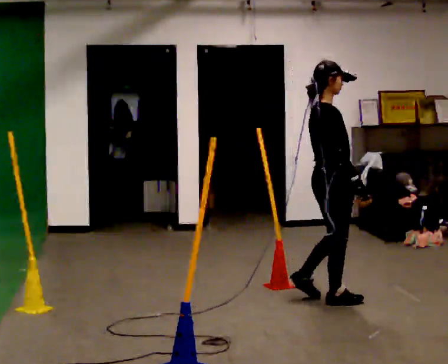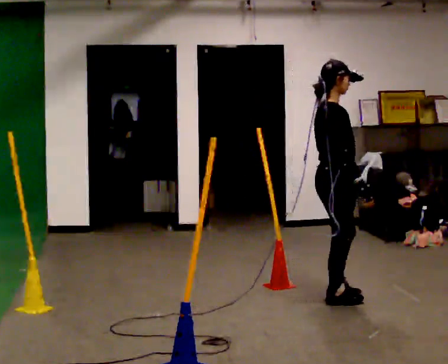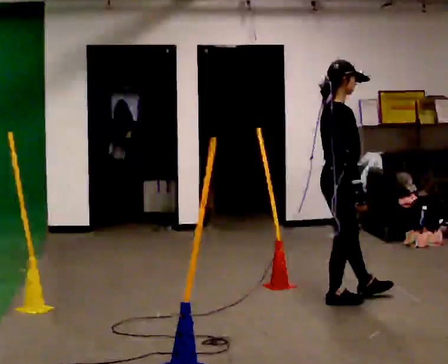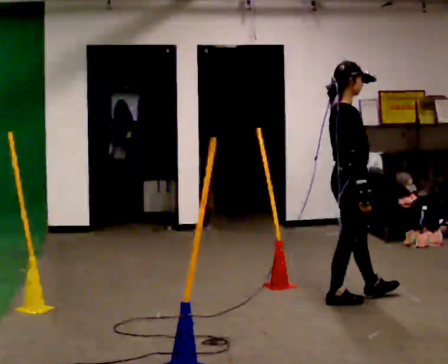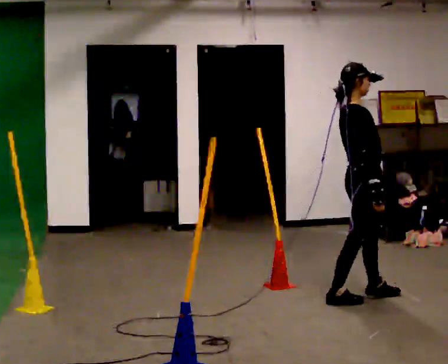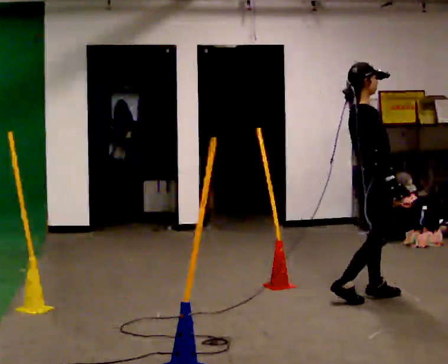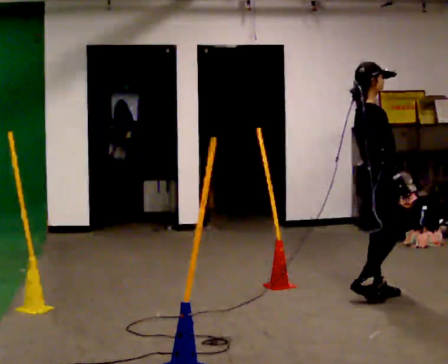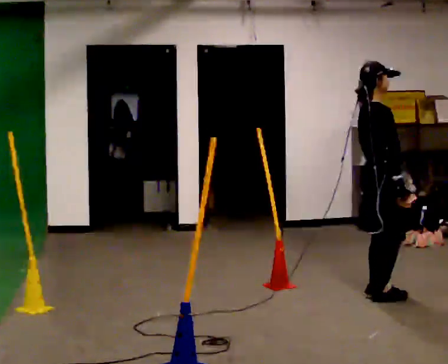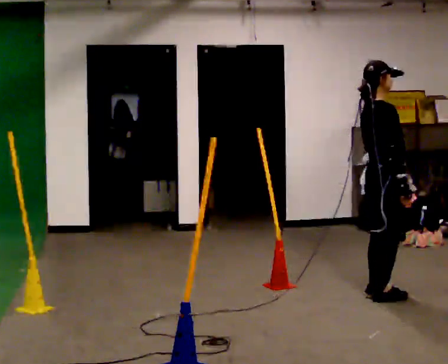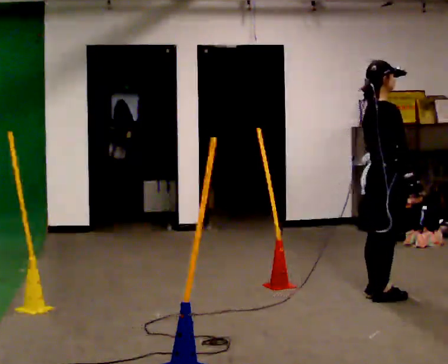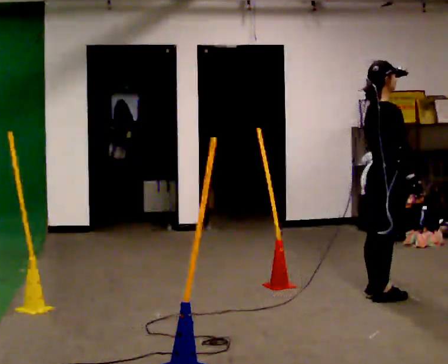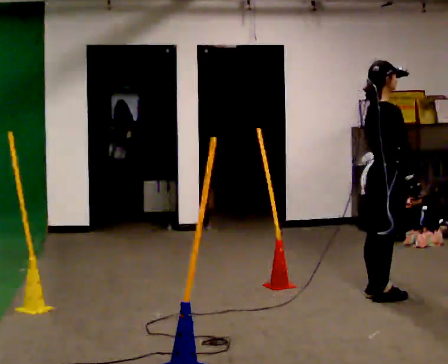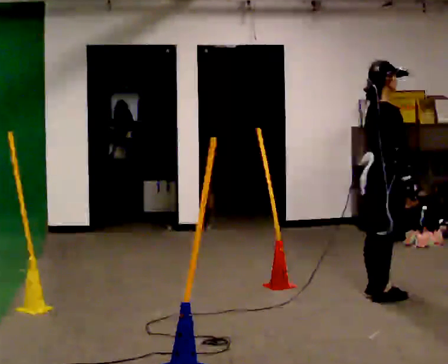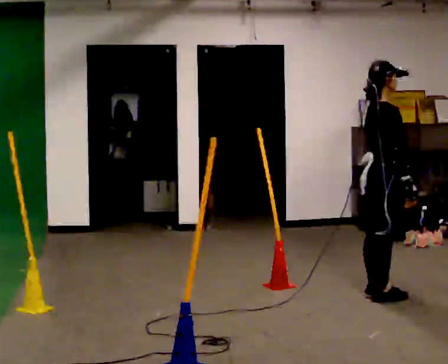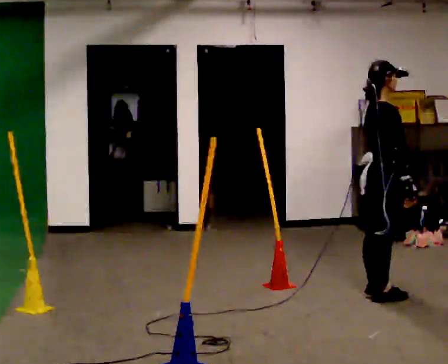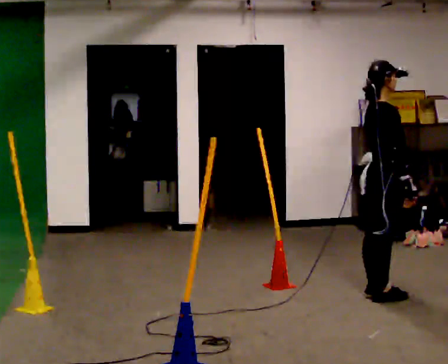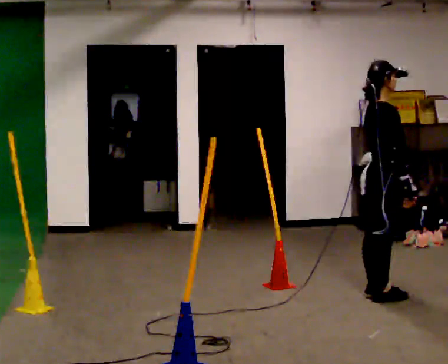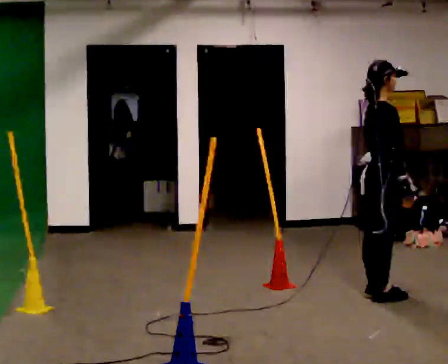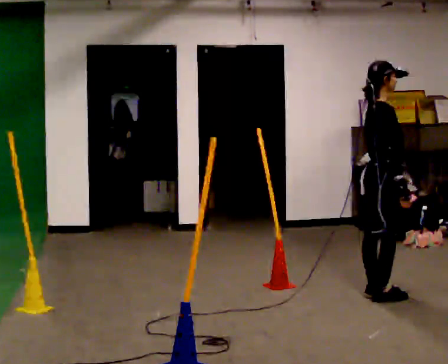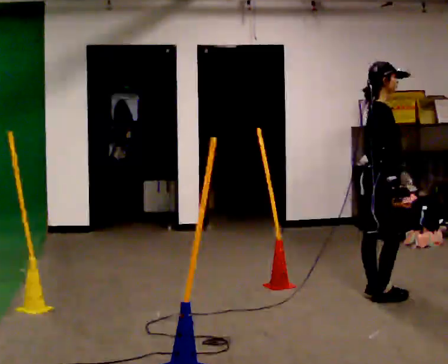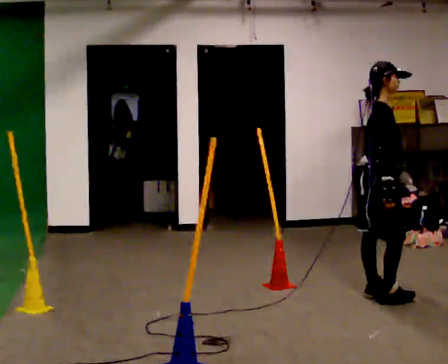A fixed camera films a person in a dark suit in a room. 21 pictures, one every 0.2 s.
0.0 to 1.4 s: In the picture they go to the right and away from the camera, about 0.25 m in 2 steps, which for them is forward.
1.4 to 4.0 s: The person moves a little, or ends about where they began.
The film runs forward here.
